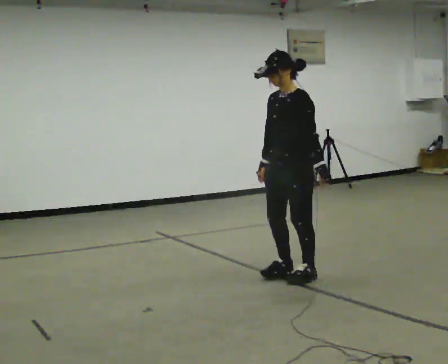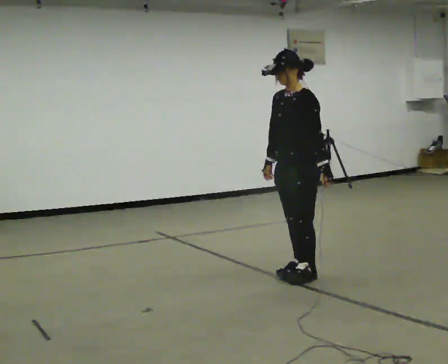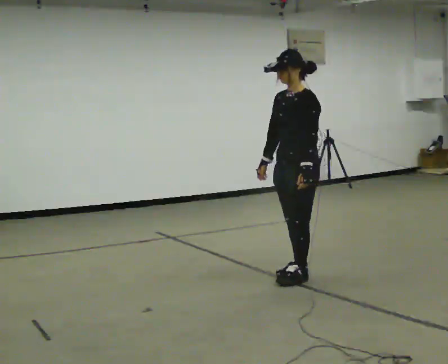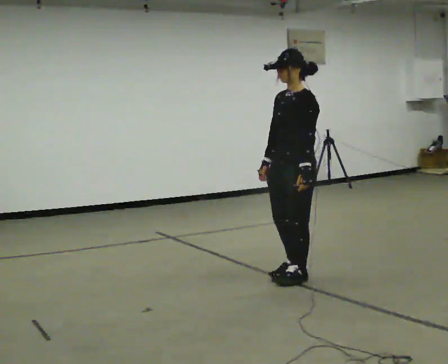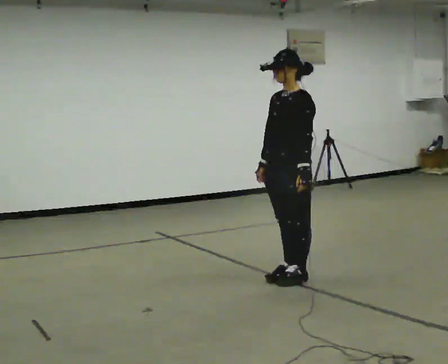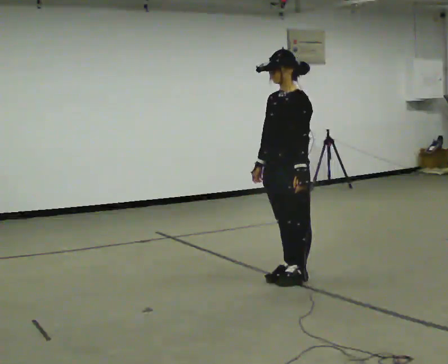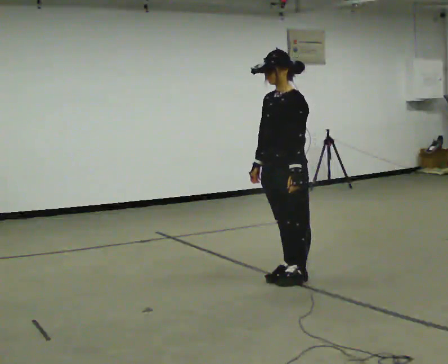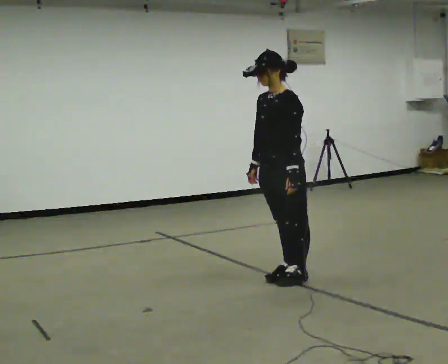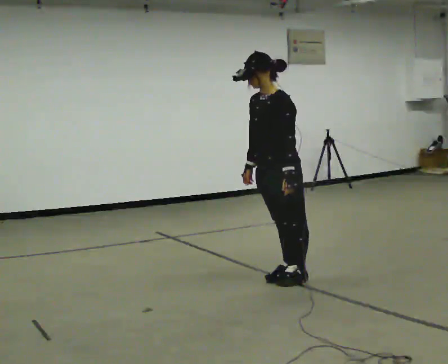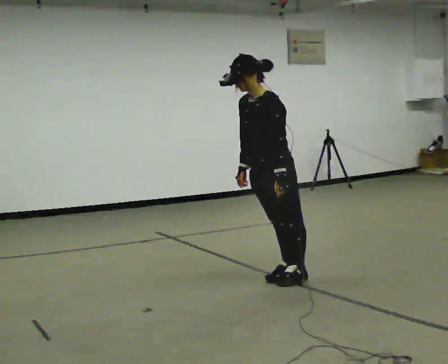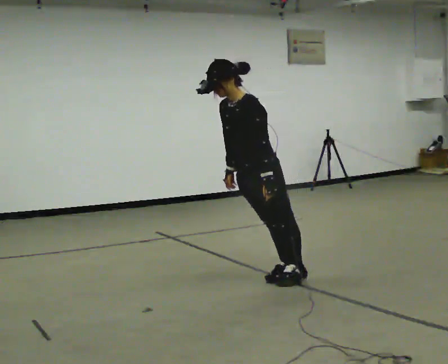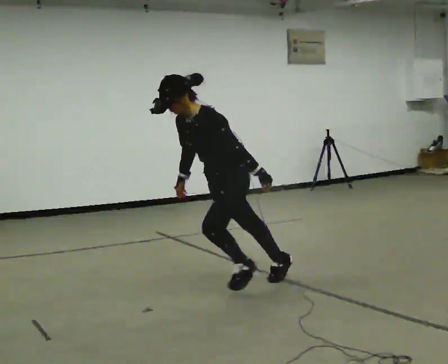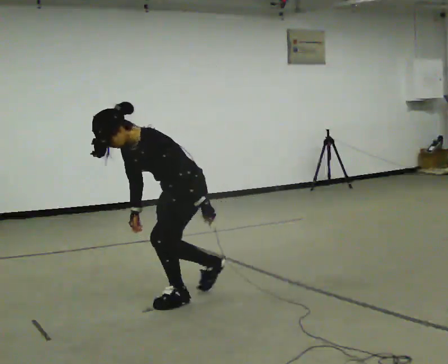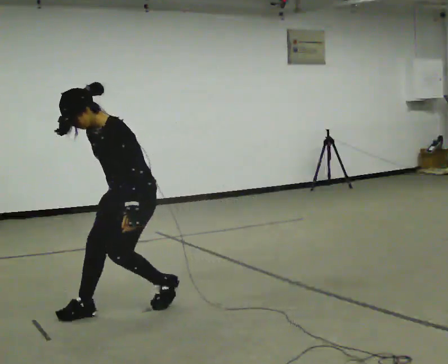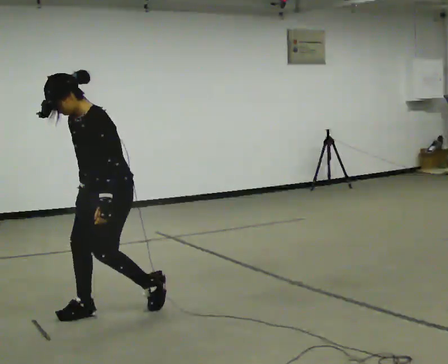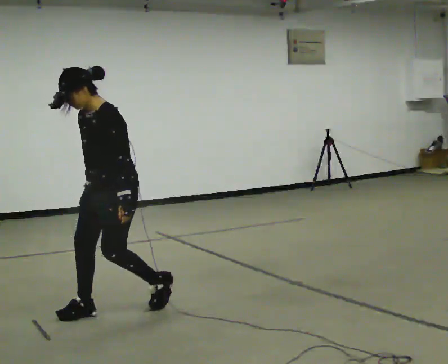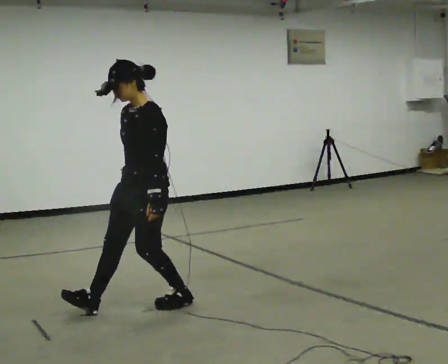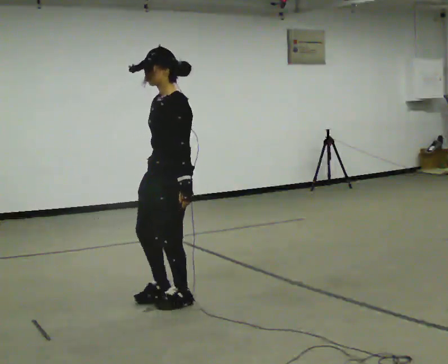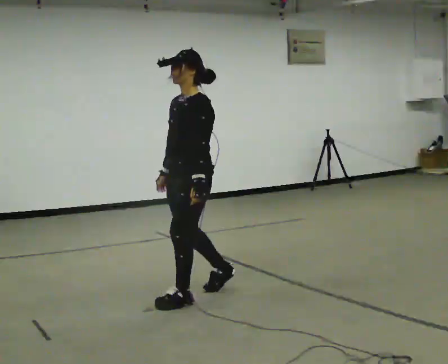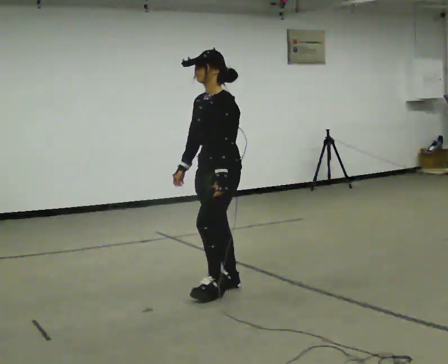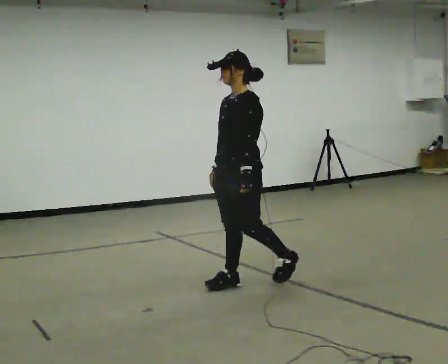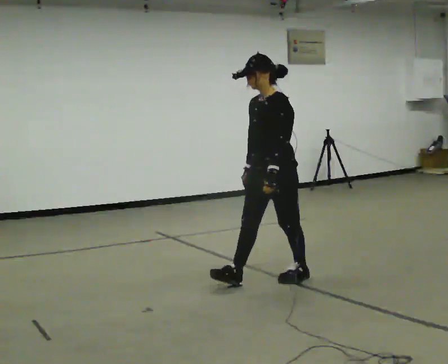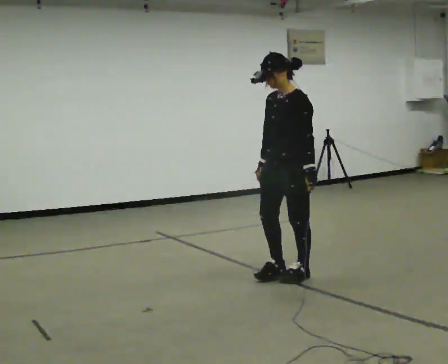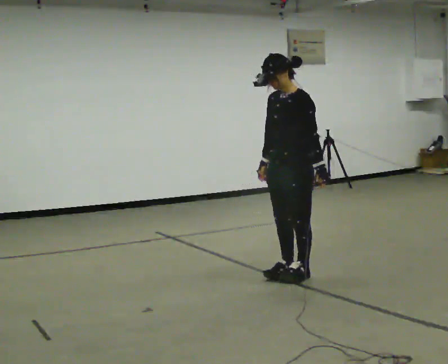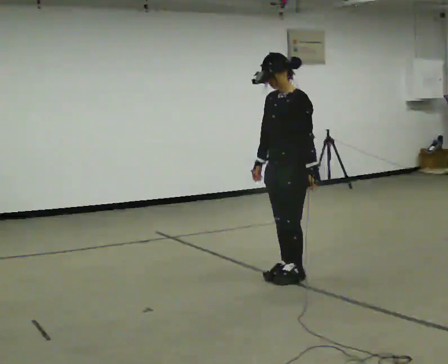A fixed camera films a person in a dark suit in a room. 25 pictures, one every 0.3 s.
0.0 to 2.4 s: The person moves a little, or ends about where they began.
2.4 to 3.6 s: In the picture they go to the left and toward the camera, about 1 m in 1 step, which for them is forward. The upper body goes downward. In the picture the upper body tilts counterclockwise, shoulders to the left, as they bend forward.
3.6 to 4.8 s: In the picture they go to the left, about 0.25 m in 3 steps, which for them is forward. The shoulders move upward. In the picture the upper body tilts clockwise, shoulders to the right, as they lean back or straighten.
4.8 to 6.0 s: In the picture they go to the right and away from the camera, about 1 m in 1 step, which for them is backward.
6.0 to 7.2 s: In the picture they go to the right, about 0.5 m in 2 steps, which for them is backward.
The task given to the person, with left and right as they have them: Stand on the marked spots with your feet together. Lean forward from the ankles, keeping your body straight, until you cannot hold it any longer, then step forward to catch yourself. Return to the spots. Repeat at your own pace until the operator says stop. Go slowly and only as far as you are comfortable. Step whenever you need to; do not try to hold on longer than feels safe.
The film runs forward here.
